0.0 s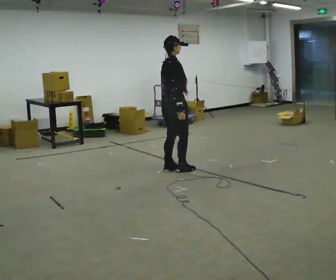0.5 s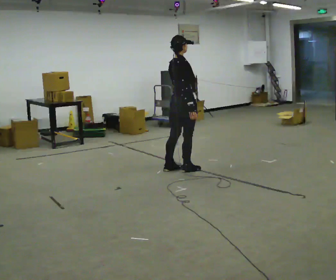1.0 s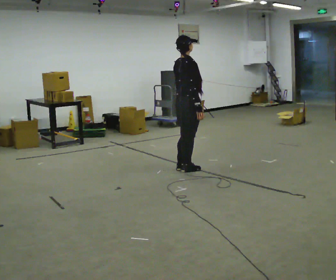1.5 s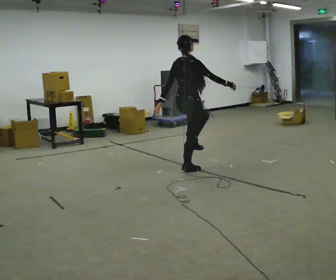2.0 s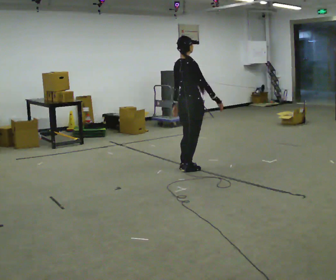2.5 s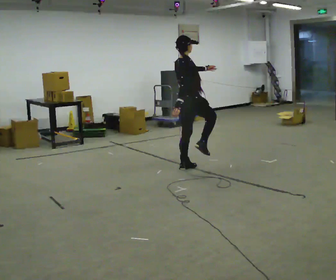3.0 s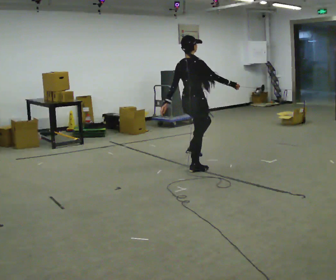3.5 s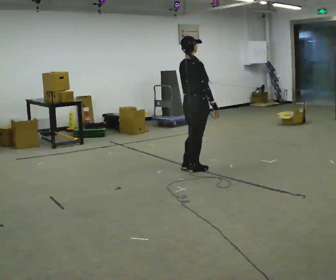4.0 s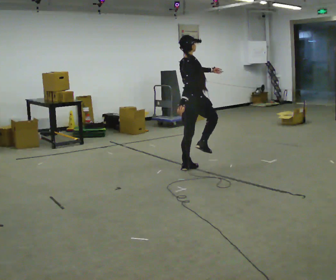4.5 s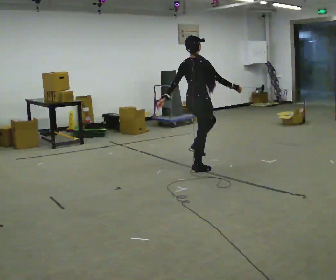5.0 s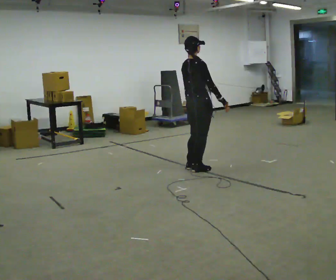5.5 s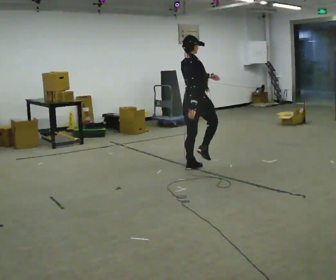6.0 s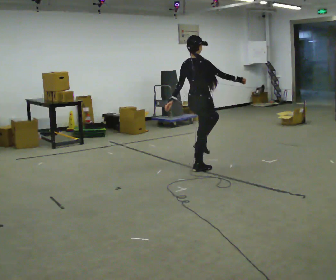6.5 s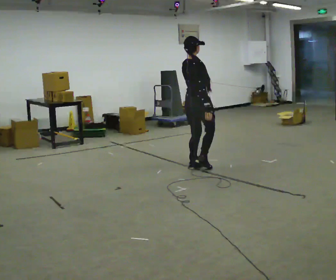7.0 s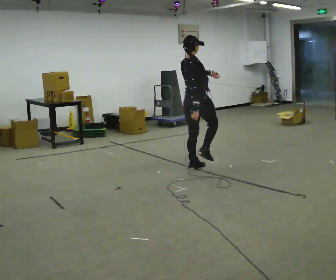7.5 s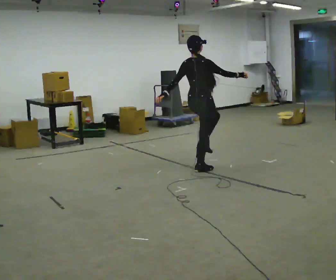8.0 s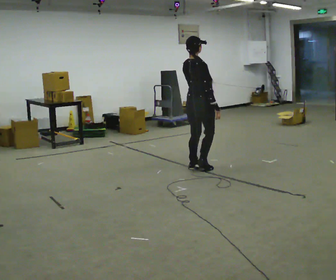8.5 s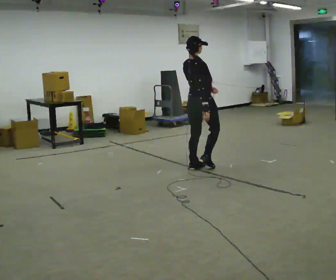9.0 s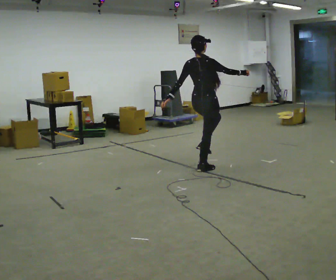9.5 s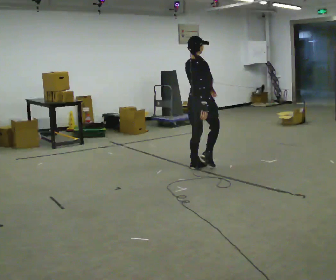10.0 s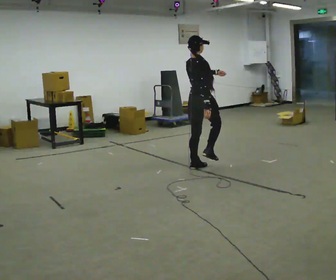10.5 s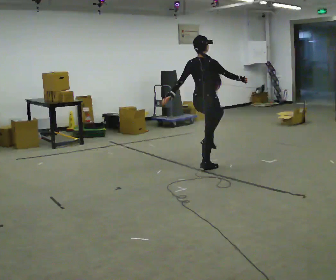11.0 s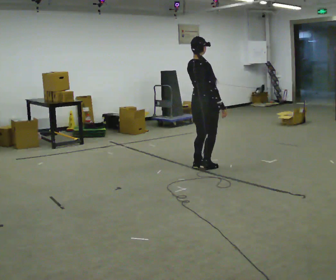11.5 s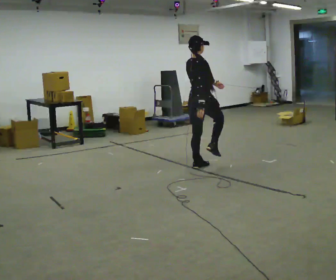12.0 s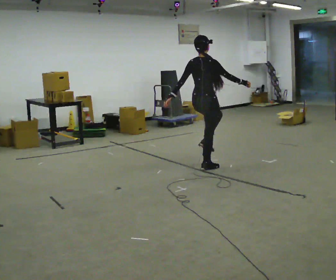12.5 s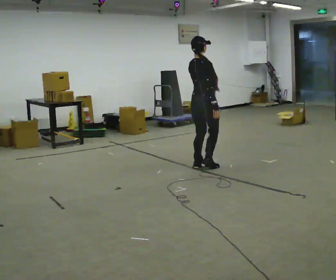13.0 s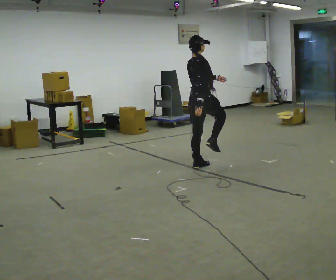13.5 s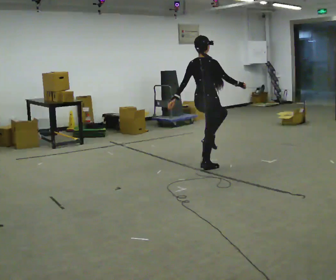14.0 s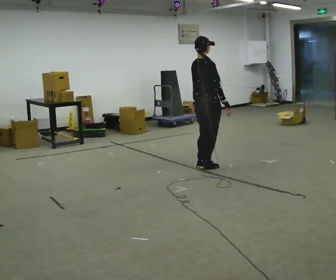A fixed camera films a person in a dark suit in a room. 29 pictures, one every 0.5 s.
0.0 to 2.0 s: In the picture they go to the right, about 0.25 m in 1 step, which for them is forward. In the picture their right hand goes to the right.
2.0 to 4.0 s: In the picture their left hand goes to the right and upward.
4.0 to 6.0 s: In the picture their left hand goes to the left and downward.
6.0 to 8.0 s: In the picture their left hand goes to the right.
8.0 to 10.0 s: The person moves a little, or ends about where they began.
10.0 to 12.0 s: In the picture their left hand goes to the left.
12.0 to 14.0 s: In the picture their left hand goes to the right.
The film runs forward here.
